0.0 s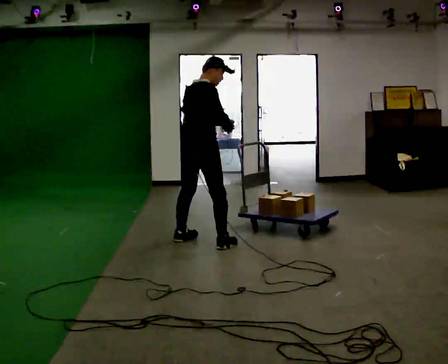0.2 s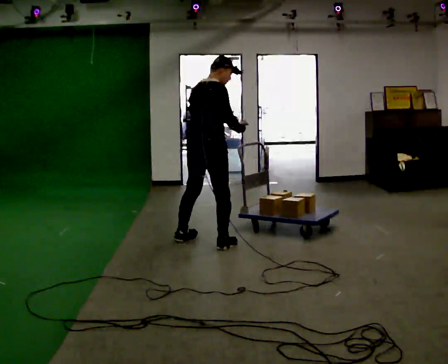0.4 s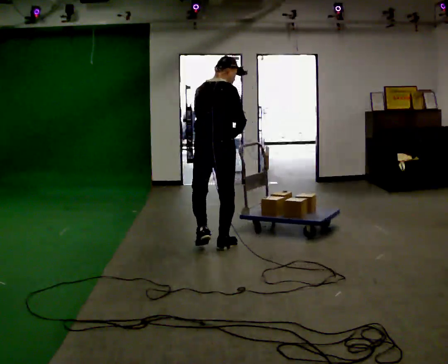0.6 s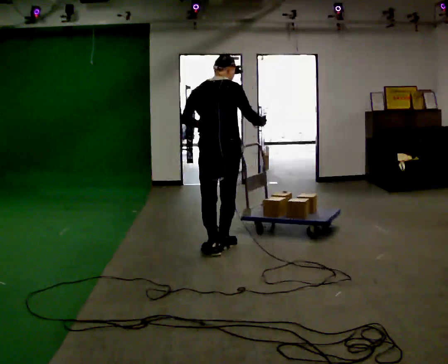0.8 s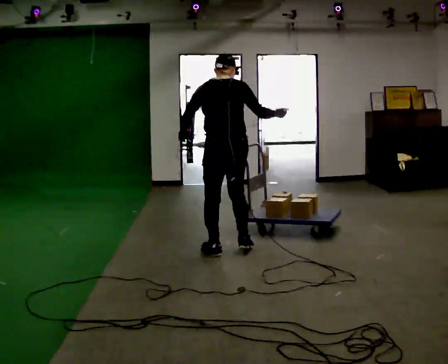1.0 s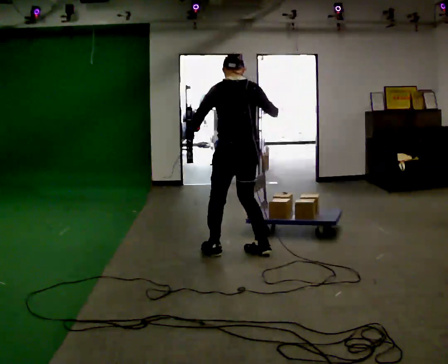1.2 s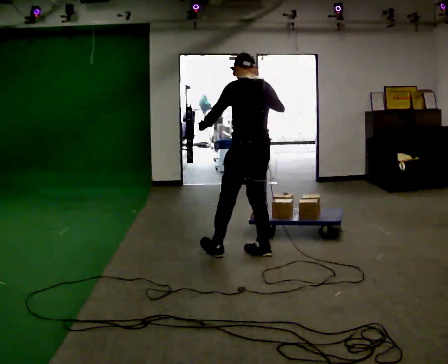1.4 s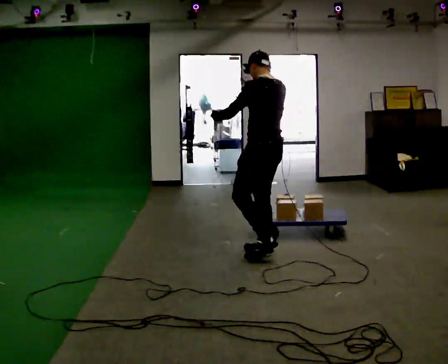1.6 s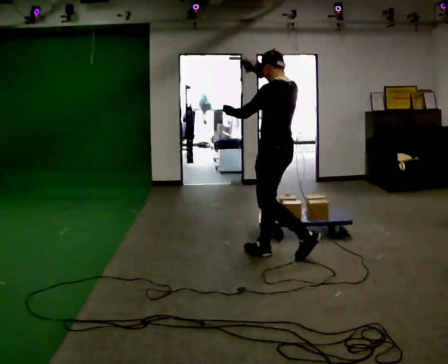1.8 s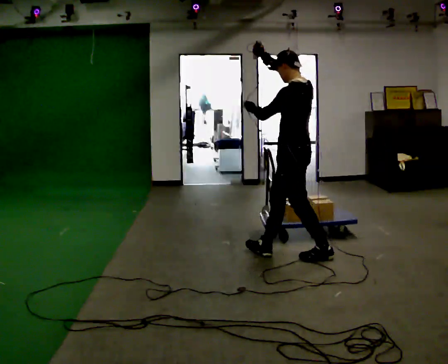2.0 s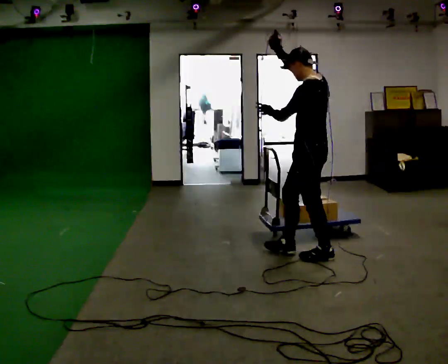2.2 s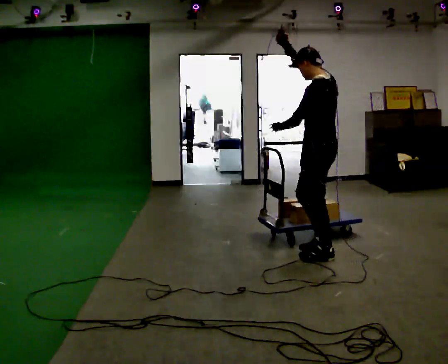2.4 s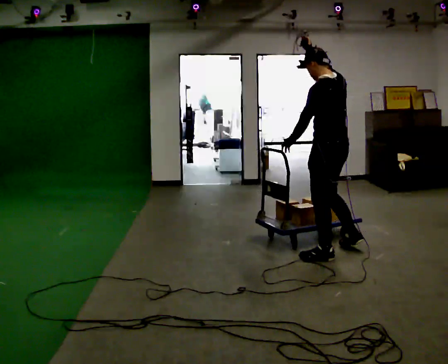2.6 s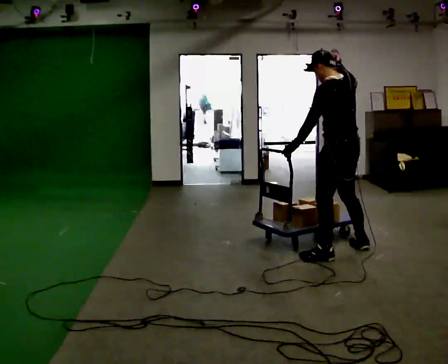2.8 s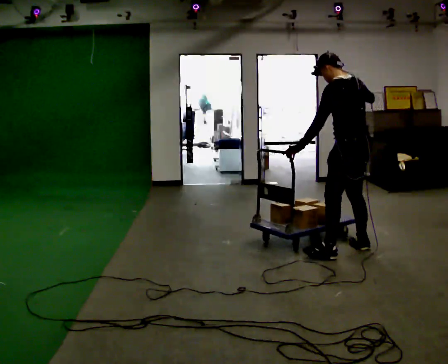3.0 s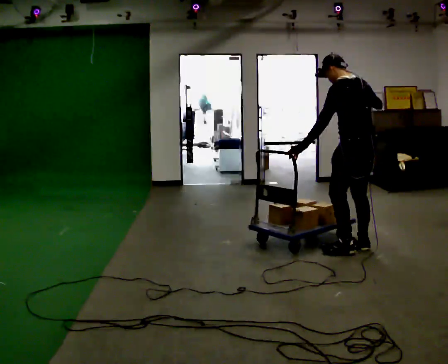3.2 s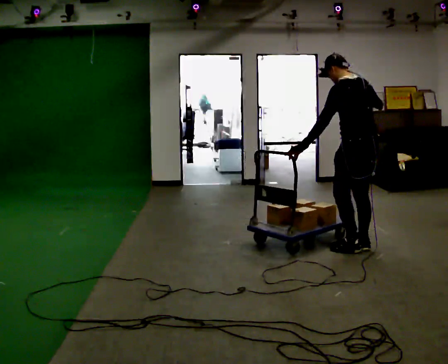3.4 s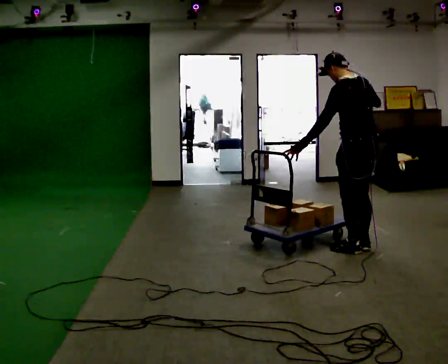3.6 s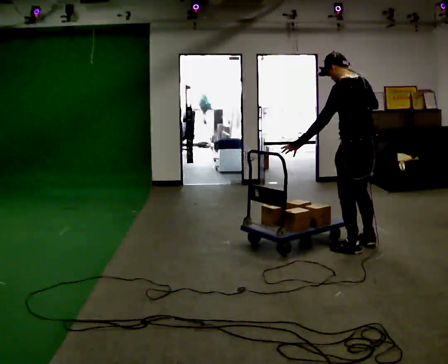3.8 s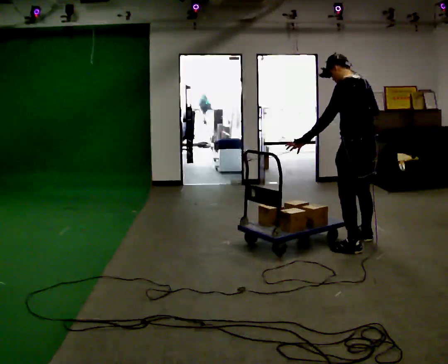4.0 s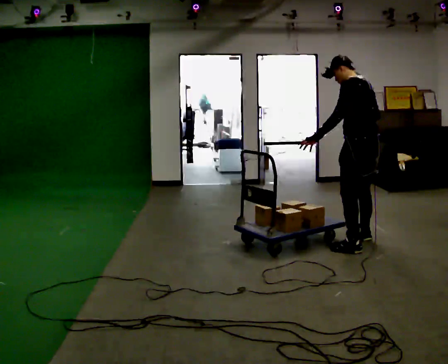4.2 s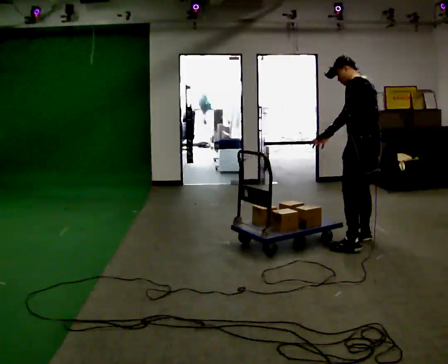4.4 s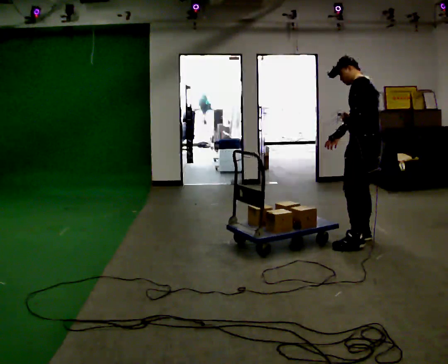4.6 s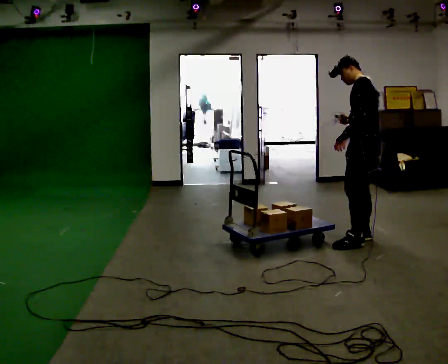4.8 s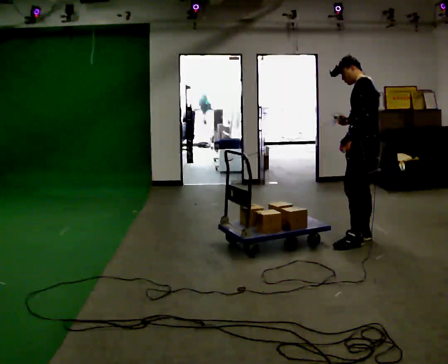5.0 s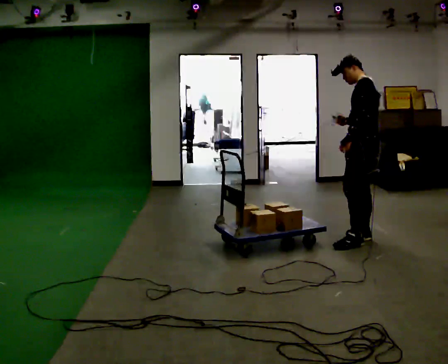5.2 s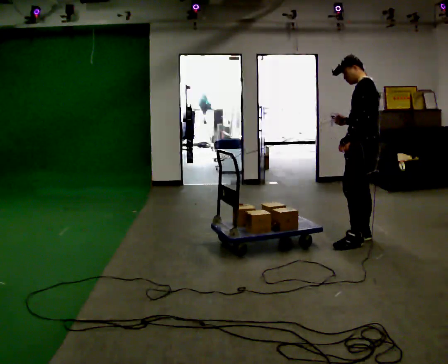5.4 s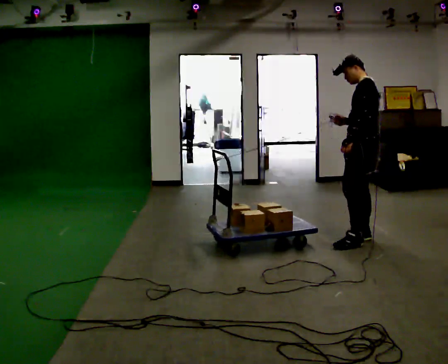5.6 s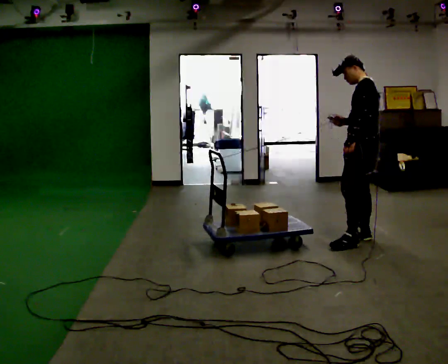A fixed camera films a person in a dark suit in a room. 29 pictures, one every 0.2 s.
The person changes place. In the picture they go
to the right.
The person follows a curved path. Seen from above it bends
counterclockwise.
0.0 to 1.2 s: Seen from above the body turns counterclockwise, about 90 degrees: to their left, with its near side sliding to the right. In the picture they go to the right and toward the camera, about 0.5 m in 3 steps.
1.2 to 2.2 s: The part of the body nearest the lens slides to the right as the person turns to their left by about 30 degrees. In the picture they go to the right, about 0.5 m in 1 step, which for them is backward. In the picture their right hand goes upward.
2.2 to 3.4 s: The person turns about 30 degrees to their right, clockwise seen from above, so the part of the body nearest the lens slides to the left. In the picture they go to the right and away from the camera, about 0.25 m in 1 step, which for them is to their right. In the picture their right hand goes downward.
3.4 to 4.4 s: In the picture they go away from the camera, about 0.25 m in 2 steps, which for them is to their right.
4.4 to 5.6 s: The person moves a little, or ends about where they began.
The film runs backward here.
